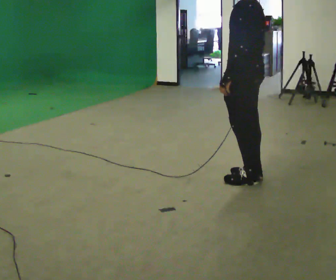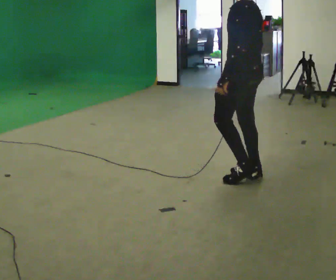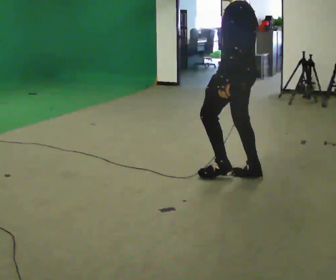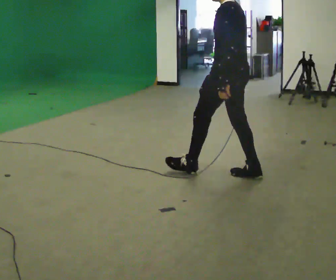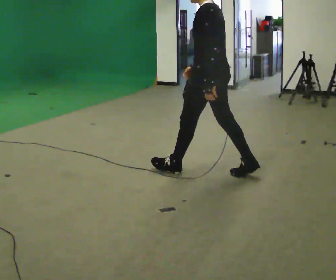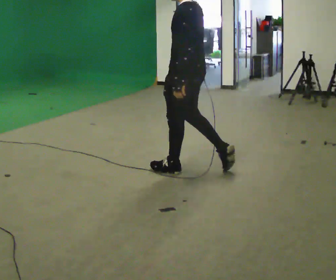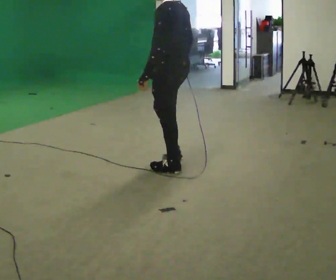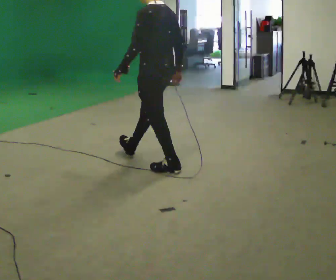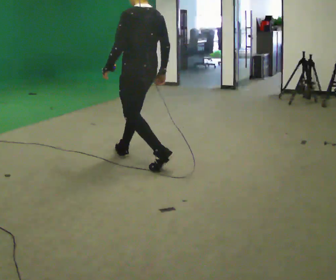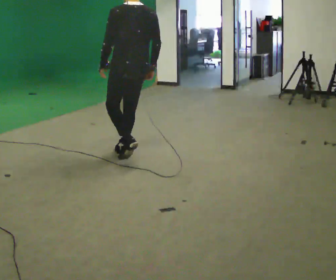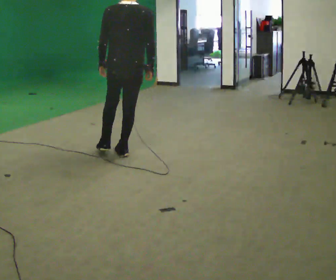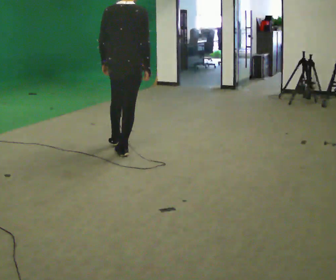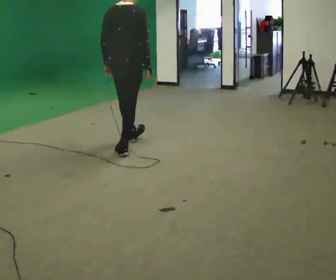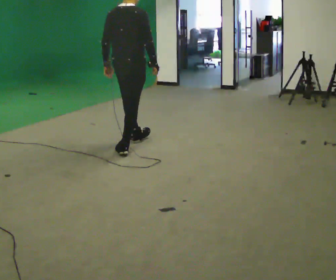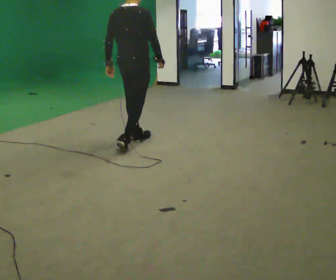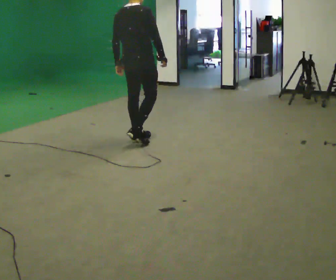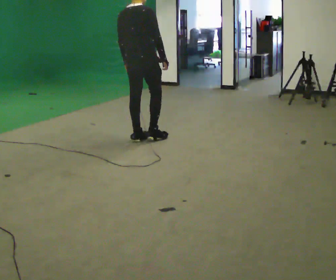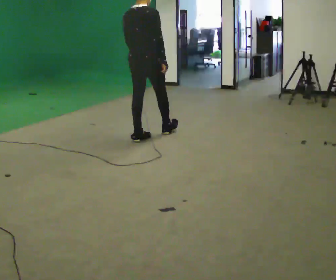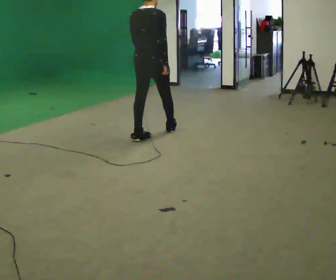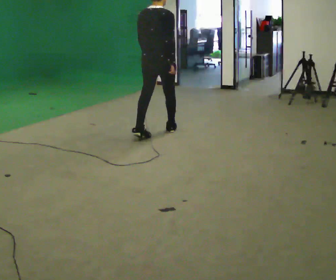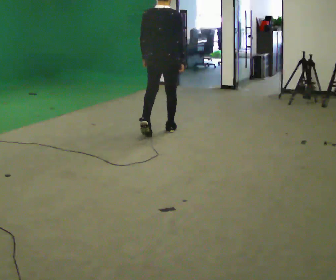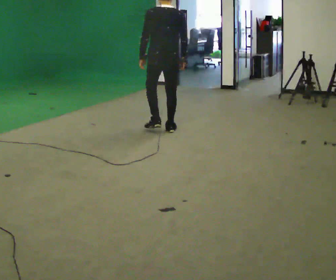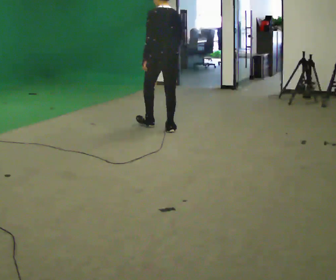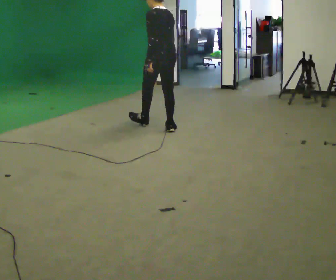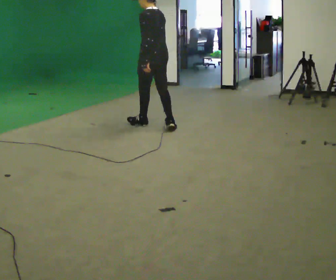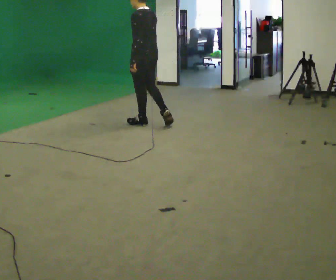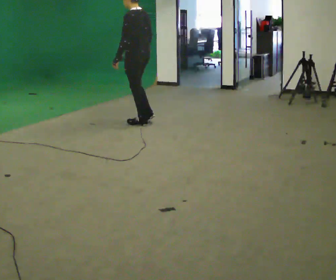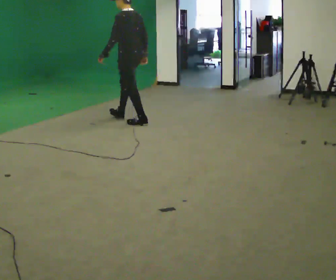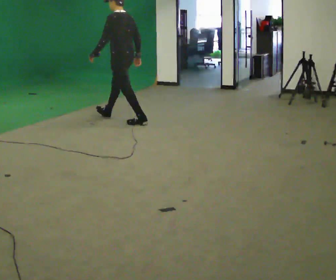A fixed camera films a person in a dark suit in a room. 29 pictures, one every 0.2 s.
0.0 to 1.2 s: In the picture they go to the left and away from the camera, about 0.75 m in 1 step, which for them is forward.
1.2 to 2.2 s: The person turns about 90 degrees to their right, clockwise seen from above, so the part of the body nearest the lens slides to the left. In the picture they go away from the camera and to the left, about 0.75 m in 1 step.
2.2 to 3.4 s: In the picture they go away from the camera and to the right, about 0.5 m in 1 step, which for them is forward.
3.4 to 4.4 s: Seen from above the body turns counterclockwise, about 60 degrees: to their left, with its near side sliding to the right. In the picture they go away from the camera and to the right, about 0.5 m in 1 step, which for them is forward.
4.4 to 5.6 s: The person turns about 30 degrees to their left, counterclockwise seen from above, so the part of the body nearest the lens slides to the right. In the picture they go to the left and away from the camera, about 0.5 m in 2 steps, which for them is forward.
The film runs forward here.
